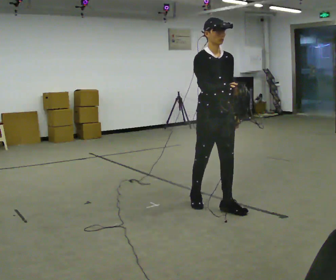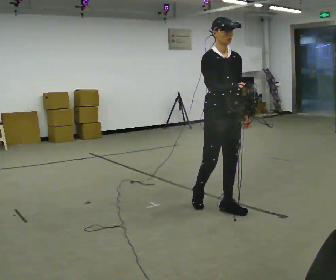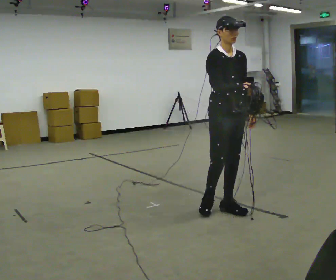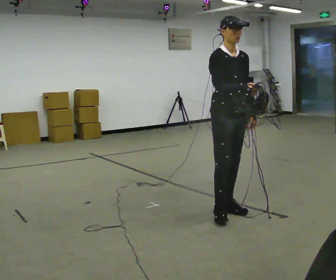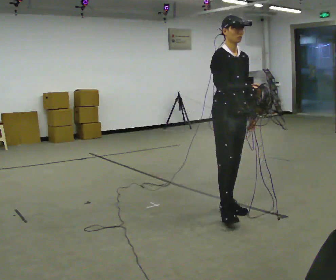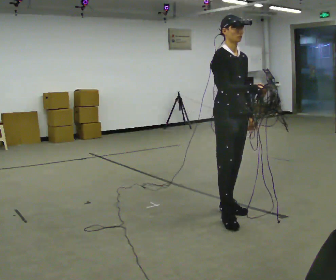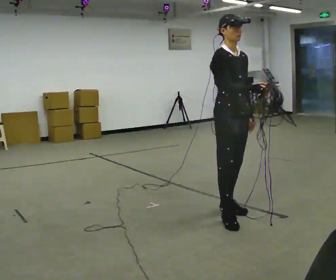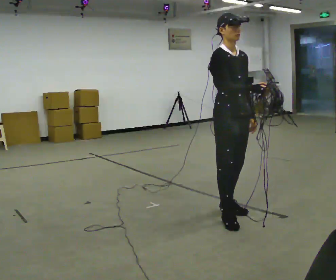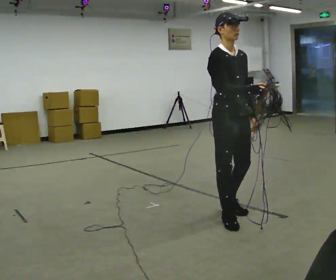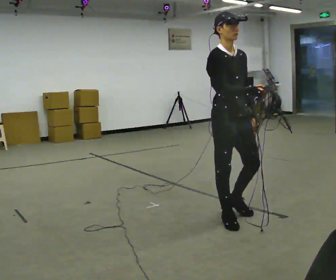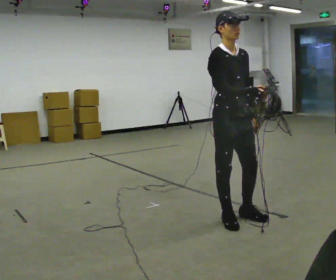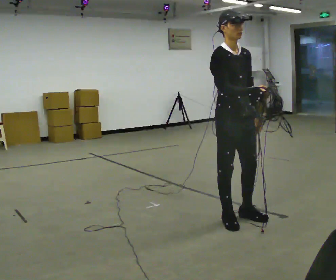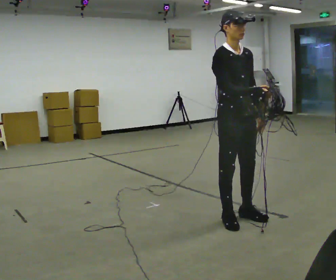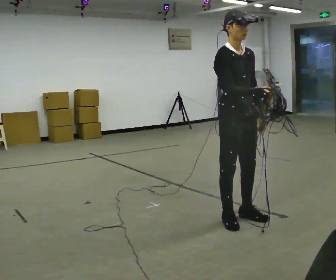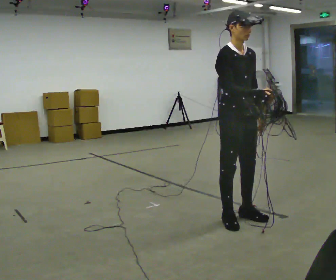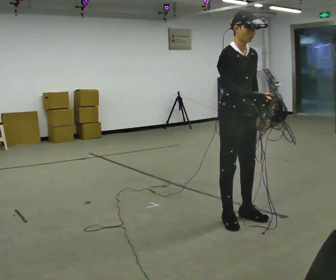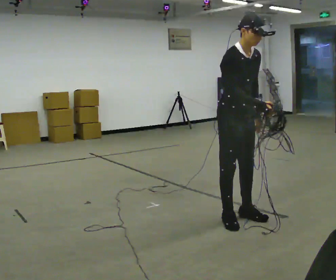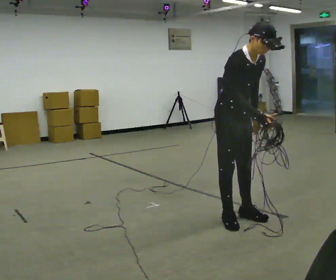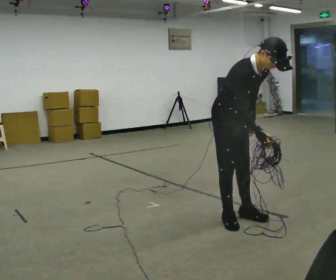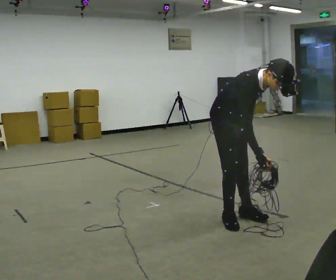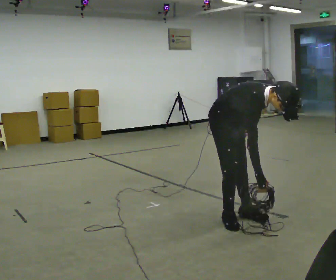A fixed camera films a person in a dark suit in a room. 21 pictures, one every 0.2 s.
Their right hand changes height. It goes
downward.
The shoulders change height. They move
downward.
0.0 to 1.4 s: In the picture they go toward the camera, about 0.25 m in 1 step, which for them is forward.
1.4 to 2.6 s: The person moves a little, or ends about where they began.
2.6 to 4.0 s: The shoulders move downward. In the picture the upper body tilts clockwise, shoulders to the right, as they bend forward.
The film runs forward here.
